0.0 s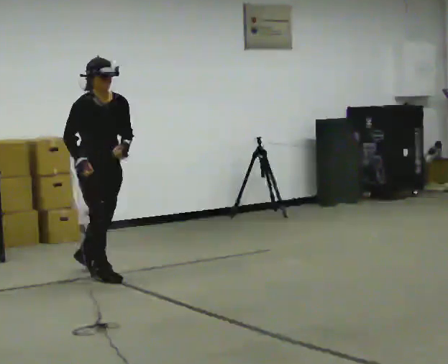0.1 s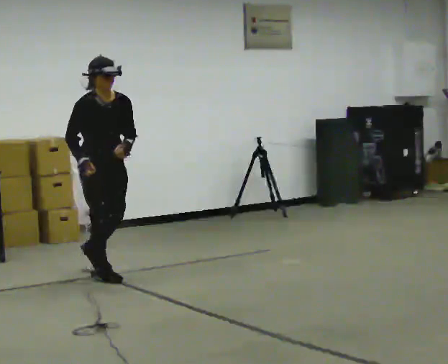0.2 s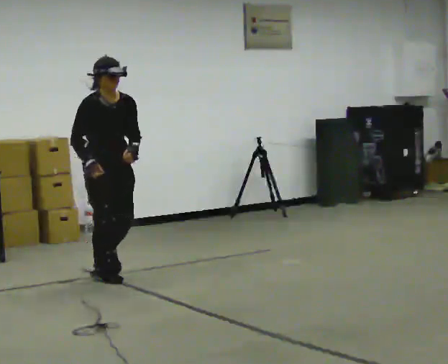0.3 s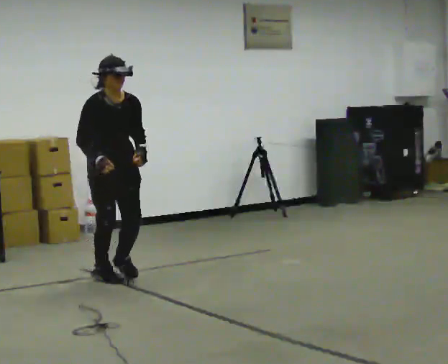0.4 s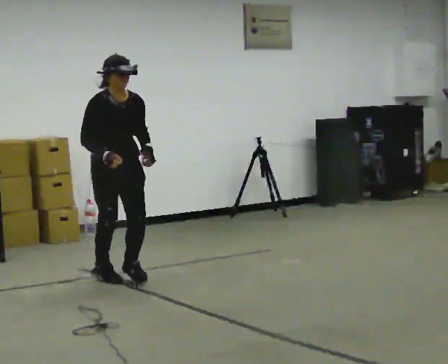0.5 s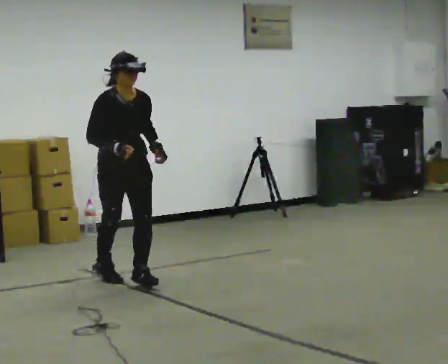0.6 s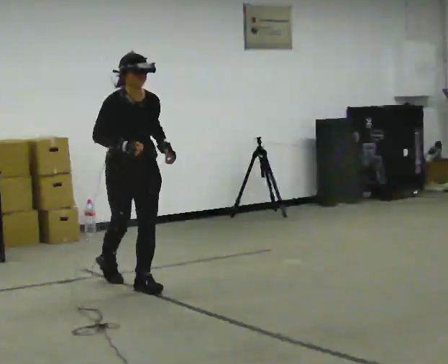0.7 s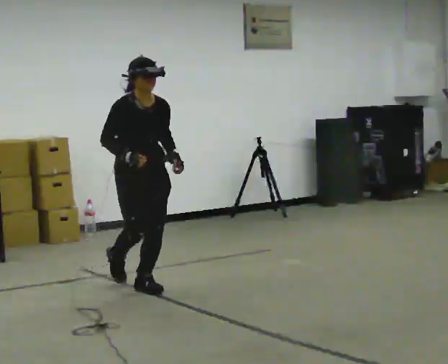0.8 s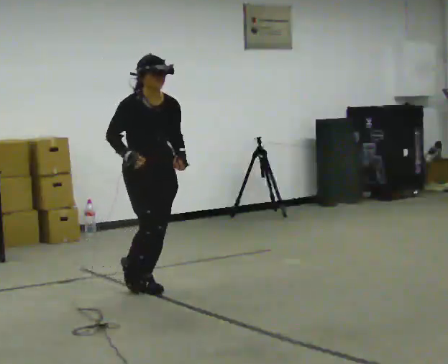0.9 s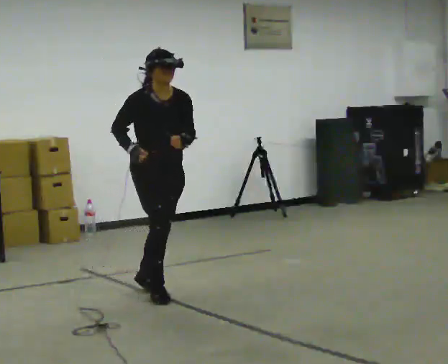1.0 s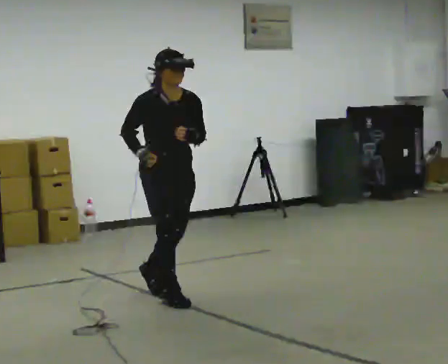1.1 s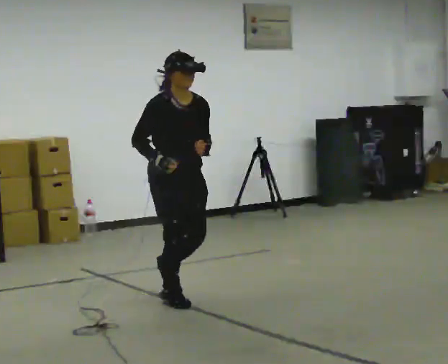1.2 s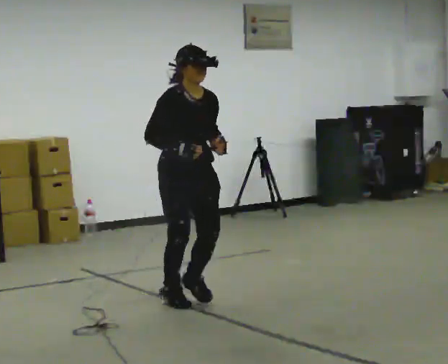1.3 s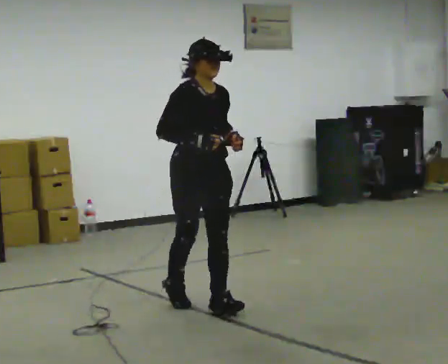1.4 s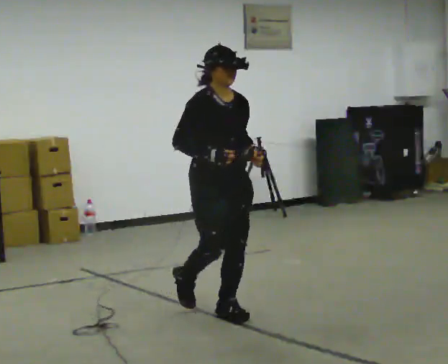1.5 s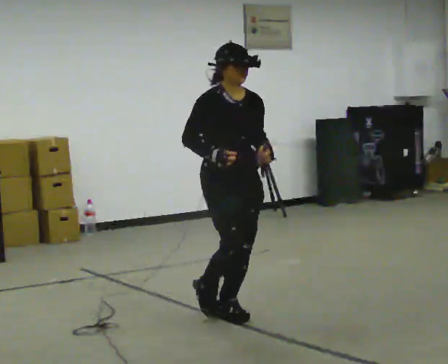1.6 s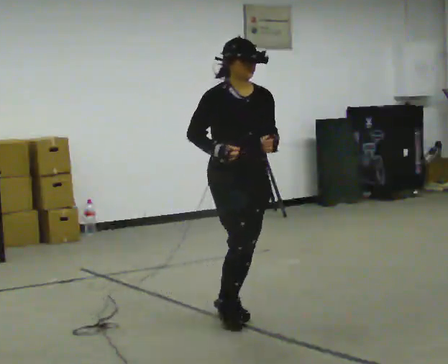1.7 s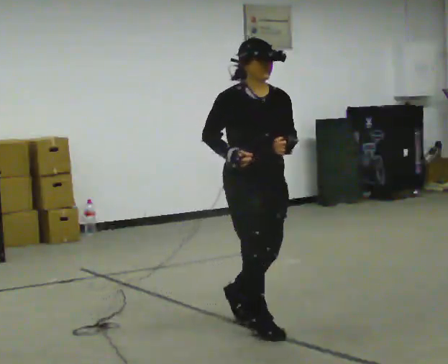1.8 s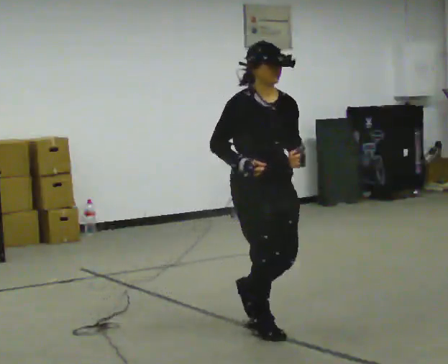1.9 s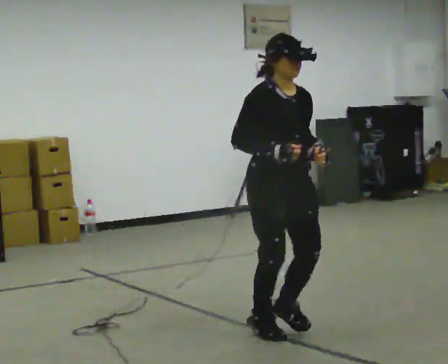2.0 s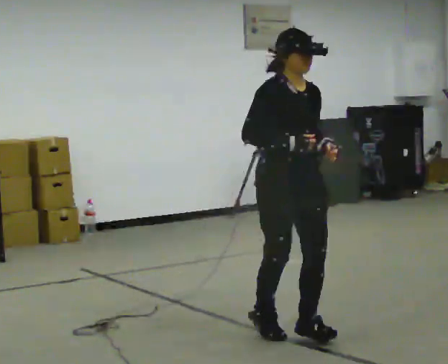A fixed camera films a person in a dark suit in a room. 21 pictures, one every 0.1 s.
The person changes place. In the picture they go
toward the camera.
0.0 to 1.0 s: In the picture they go toward the camera and to the right, about 1 m in 2 steps, which for them is forward.
1.0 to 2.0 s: In the picture they go toward the camera and to the right, about 1 m in 2 steps, which for them is forward.
The film runs forward here.
